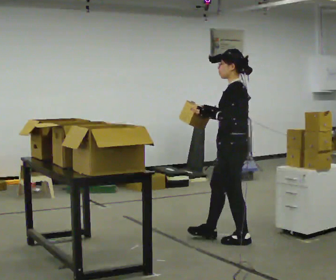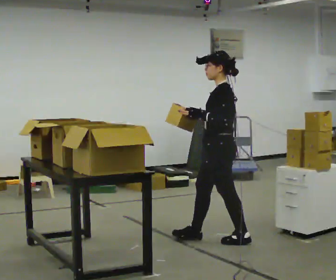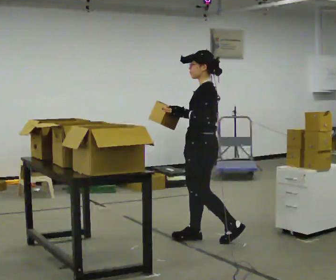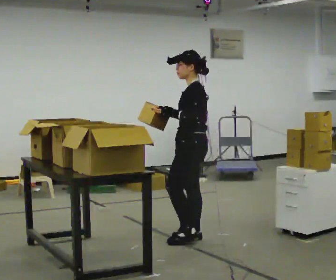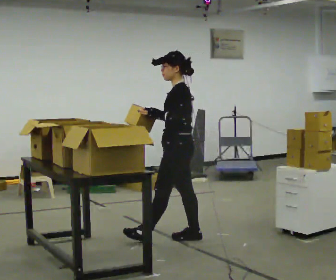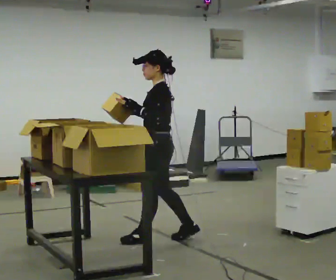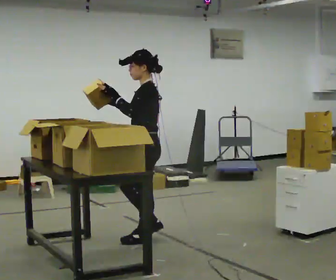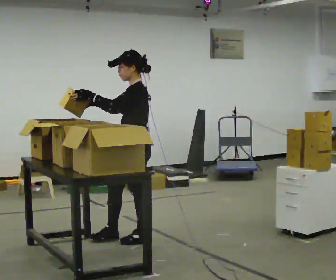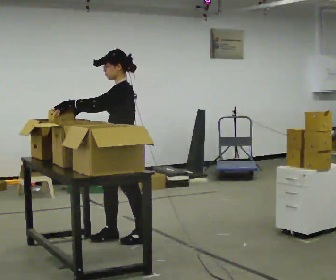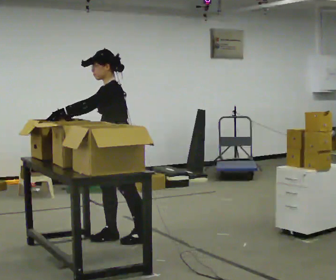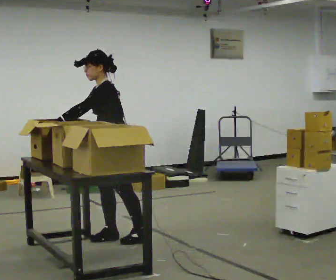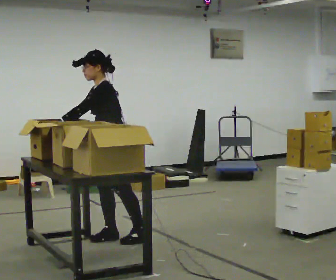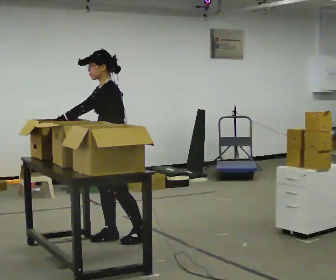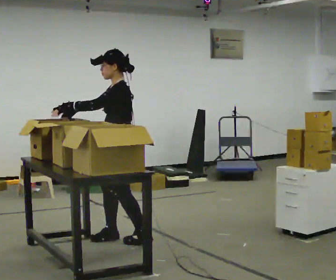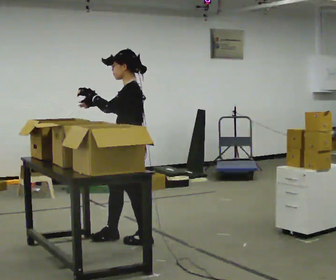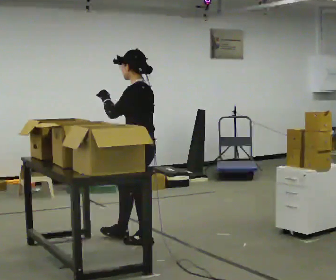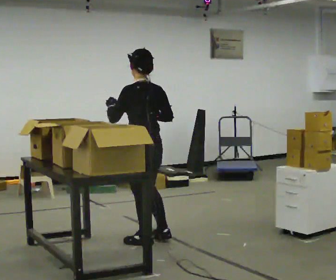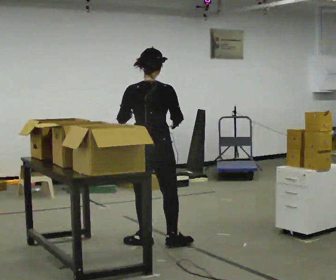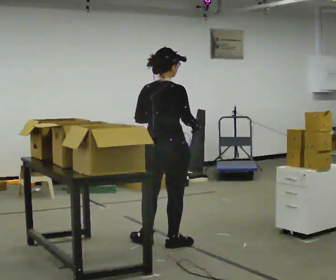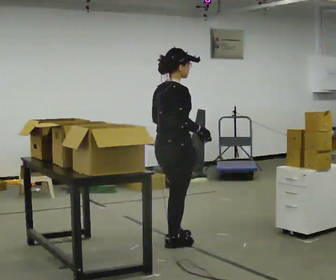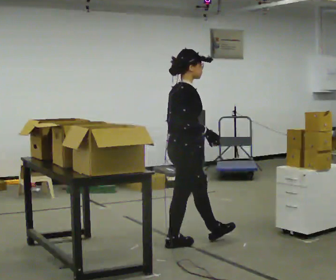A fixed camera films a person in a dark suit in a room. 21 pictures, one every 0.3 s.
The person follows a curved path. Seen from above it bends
counterclockwise.
0.0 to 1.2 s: In the picture they go to the left, about 0.5 m in 2 steps, which for them is forward.
1.2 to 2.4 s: In the picture they go to the left, about 0.5 m in 1 step, which for them is forward.
2.4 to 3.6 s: The person moves a little, or ends about where they began.
3.6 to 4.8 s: Seen from above the body turns clockwise, about 60 degrees: to their right, with its near side sliding to the left. In the picture they go to the right and toward the camera, about 0.25 m.
4.8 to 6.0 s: The person turns about 120 degrees to their right, clockwise seen from above, so the part of the body nearest the lens slides to the left. In the picture they go to the right, about 0.25 m in 1 step.
The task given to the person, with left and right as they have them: 1. Read the list the operator gives you. 2. Collect the six items on the list from the shelves. 3. Put them all in the bin on the table. 4. Tell the operator when you are finished.
The film runs forward here.
